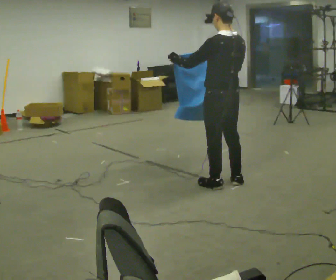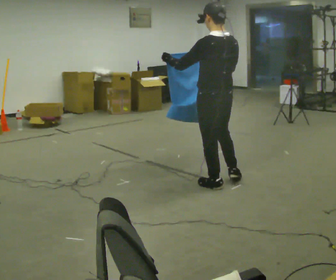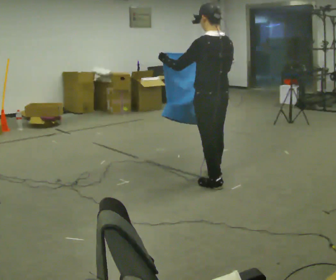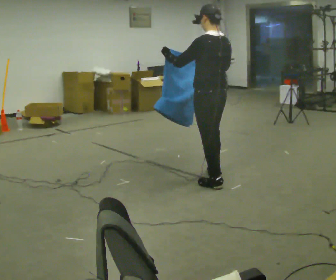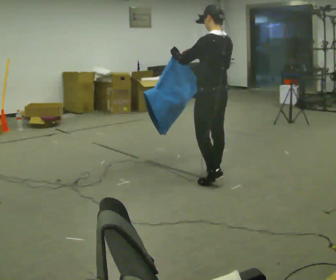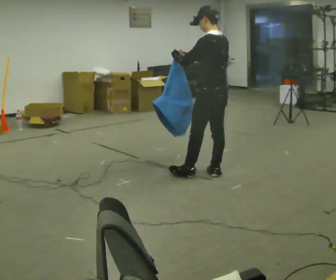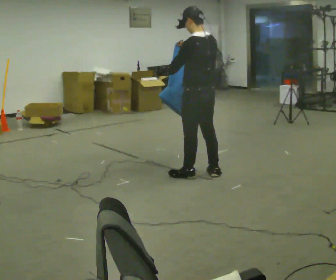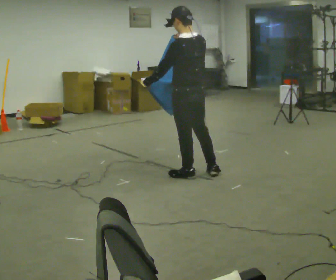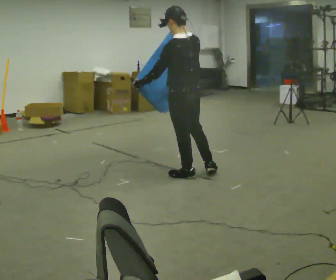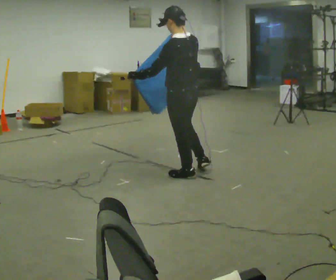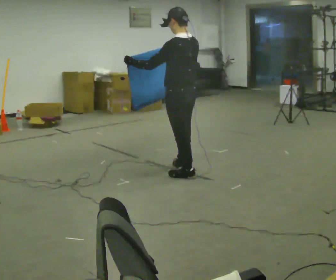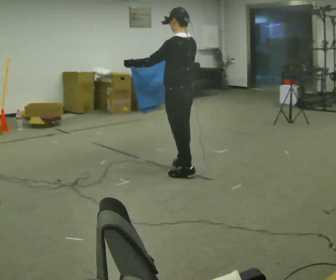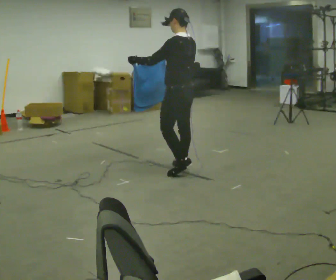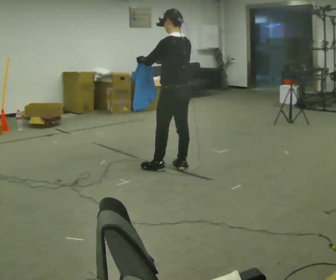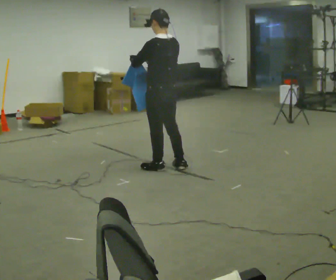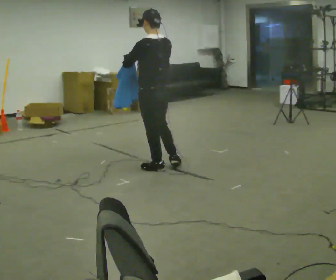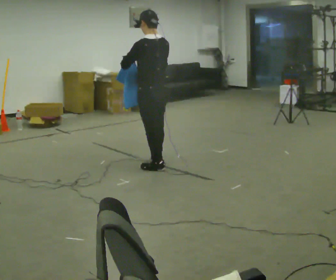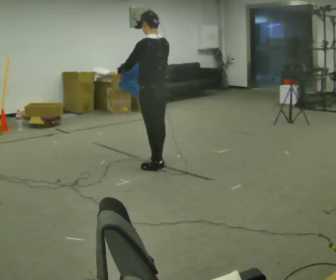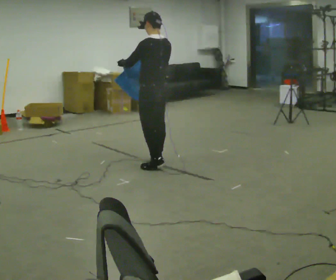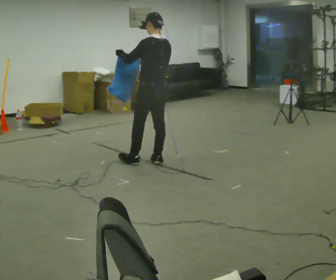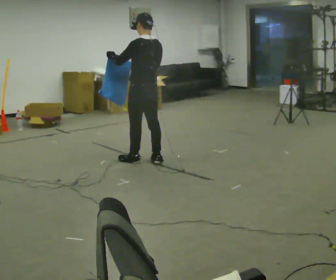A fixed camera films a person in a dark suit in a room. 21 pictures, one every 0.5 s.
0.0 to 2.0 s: In the picture they go away from the camera, about 0.25 m in 1 step, which for them is forward.
2.0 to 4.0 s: In the picture they go to the left, about 0.25 m in 1 step, which for them is forward and to their left.
4.0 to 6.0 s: In the picture they go away from the camera, about 0.25 m in 1 step, which for them is forward and to their right.
6.0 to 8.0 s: In the picture they go to the left, about 0.25 m in 2 steps, which for them is forward and to their left.
8.0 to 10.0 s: In the picture they go away from the camera and to the left, about 0.25 m in 1 step, which for them is forward.
The film runs forward here.
